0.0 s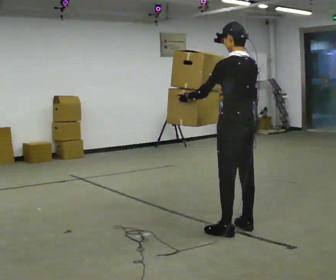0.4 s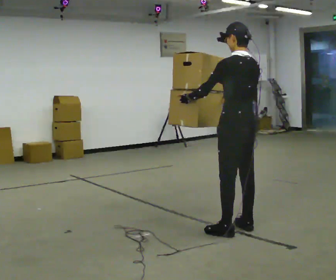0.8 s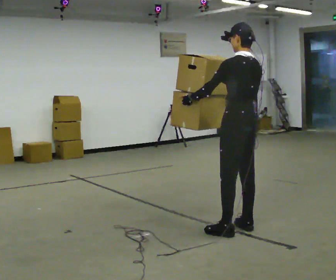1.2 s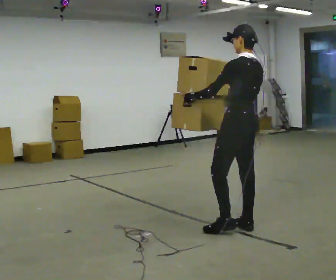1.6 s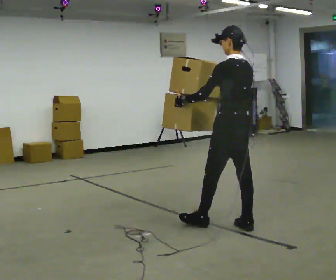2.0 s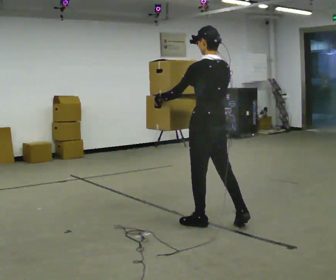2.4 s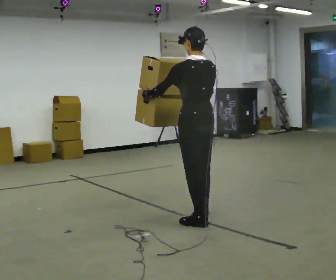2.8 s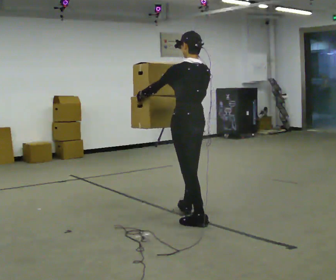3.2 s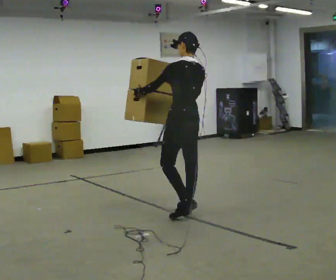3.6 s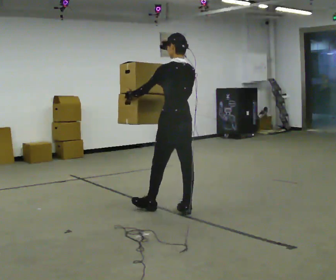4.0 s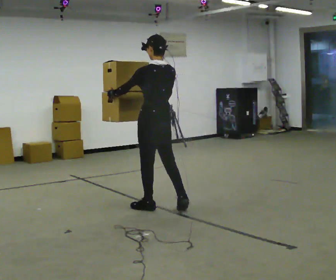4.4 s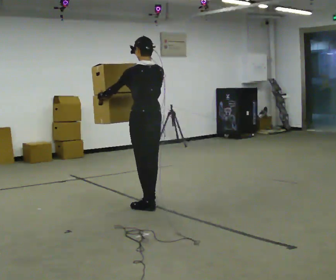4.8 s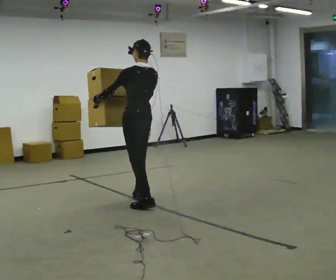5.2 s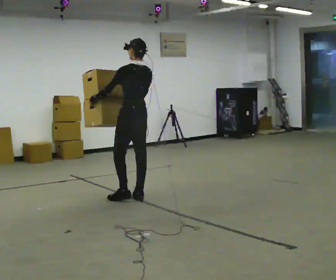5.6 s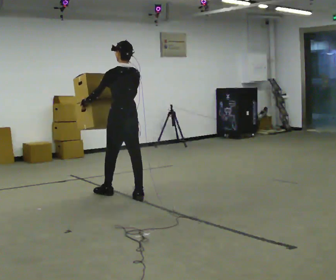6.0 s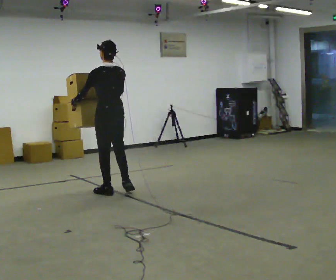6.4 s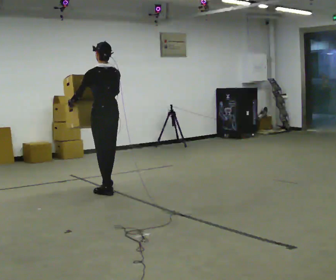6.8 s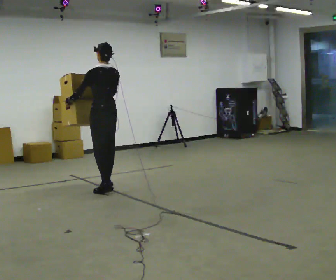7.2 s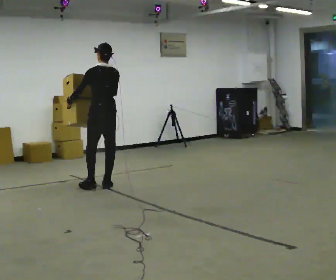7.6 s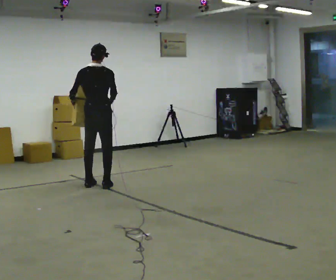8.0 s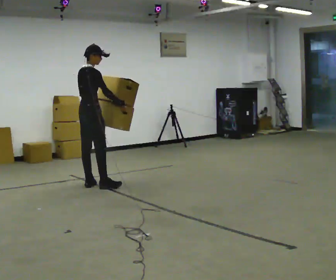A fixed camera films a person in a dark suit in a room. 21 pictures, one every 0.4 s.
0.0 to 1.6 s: In the picture they go away from the camera, about 0.25 m in 1 step, which for them is forward.
1.6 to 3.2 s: In the picture they go away from the camera and to the left, about 0.5 m in 1 step, which for them is forward.
3.2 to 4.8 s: In the picture they go away from the camera and to the left, about 0.75 m in 2 steps, which for them is forward.
4.8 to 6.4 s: In the picture they go away from the camera and to the left, about 0.5 m in 2 steps, which for them is forward.
6.4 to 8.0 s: The person turns about 90 degrees to their right, clockwise seen from above, so the part of the body nearest the lens slides to the left. In the picture they go away from the camera and to the left, about 0.25 m in 1 step.
The film runs forward here.
